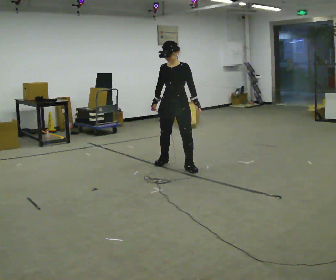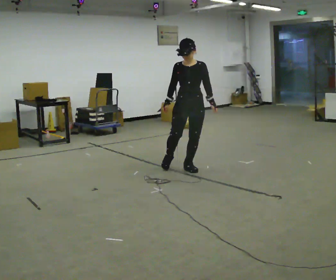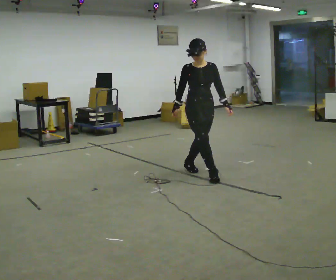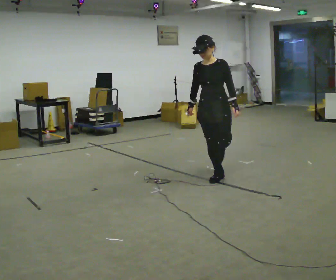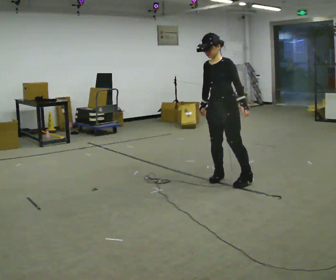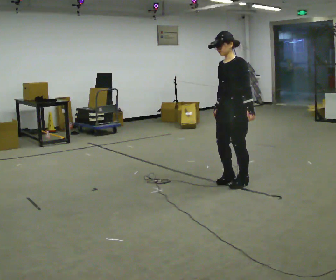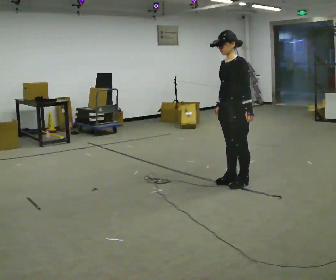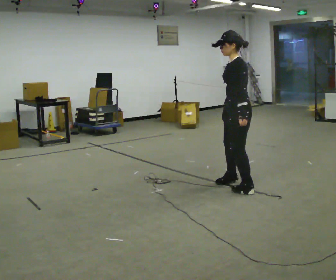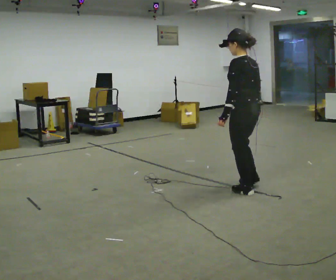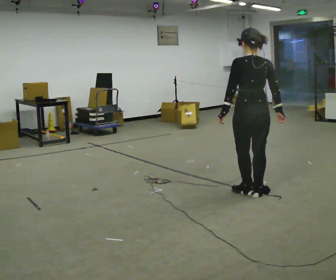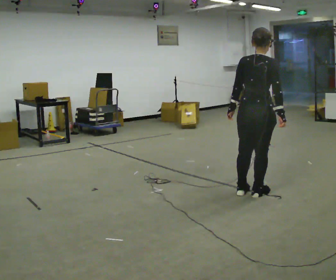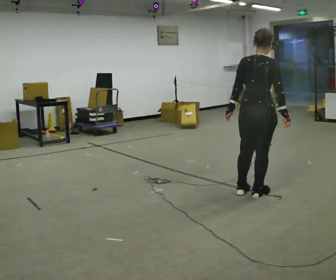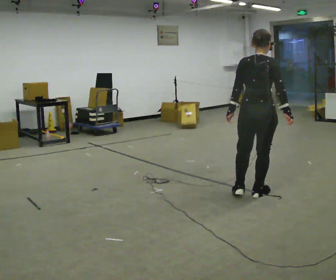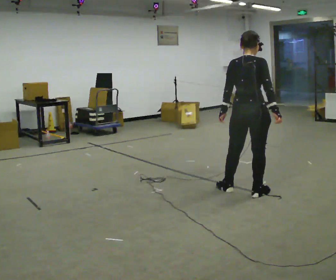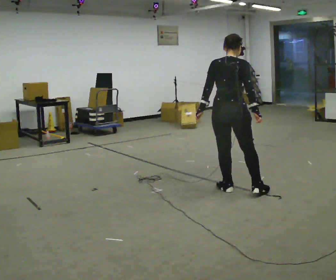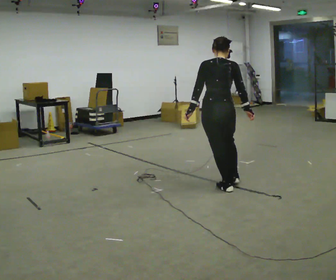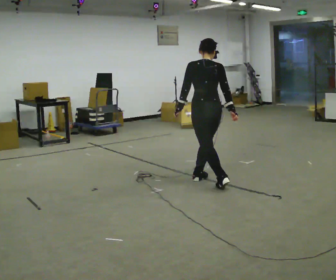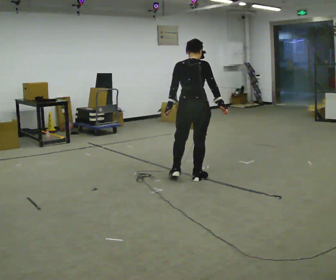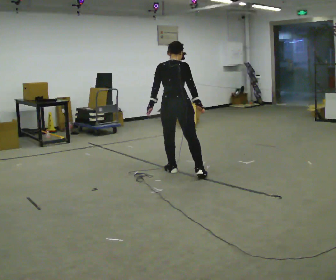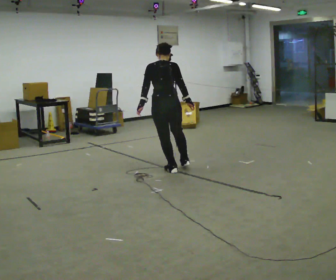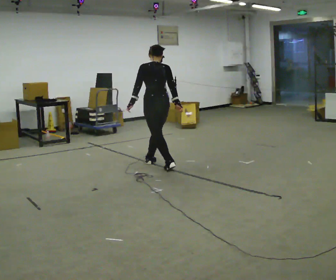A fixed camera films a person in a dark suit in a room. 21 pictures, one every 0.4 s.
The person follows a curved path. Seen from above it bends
clockwise.
0.0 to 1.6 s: In the picture they go to the right and toward the camera, about 1 m in 2 steps.
1.6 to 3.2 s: Seen from above the body turns clockwise, about 75 degrees: to their right, with its near side sliding to the left. In the picture they go toward the camera and to the right, about 0.5 m in 3 steps.
3.2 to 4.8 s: The part of the body nearest the lens slides to the left as the person turns to their right by about 75 degrees. In the picture their right hand goes to the right.
4.8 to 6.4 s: The part of the body nearest the lens slides to the right as the person turns to their left by about 45 degrees. In the picture they go to the left and away from the camera, about 0.75 m in 3 steps, which for them is to their left.
6.4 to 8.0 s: In the picture they go to the left and away from the camera, about 1 m in 2 steps, which for them is to their left and forward.
The film runs backward here.
